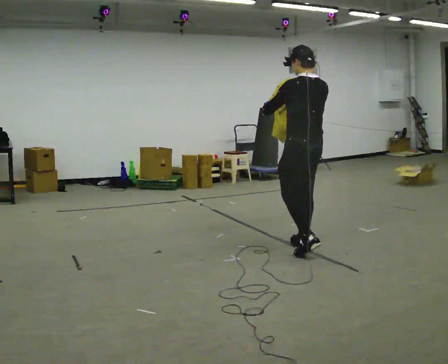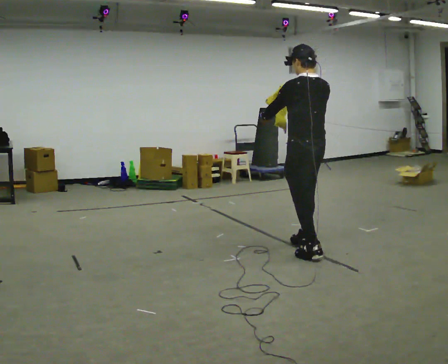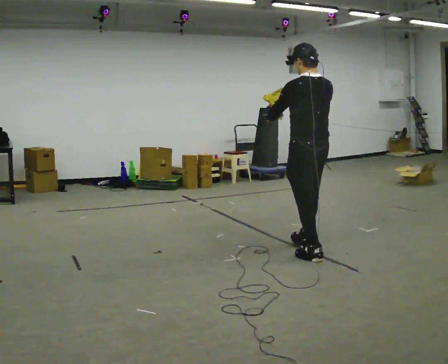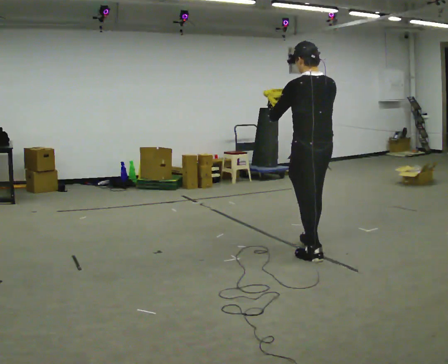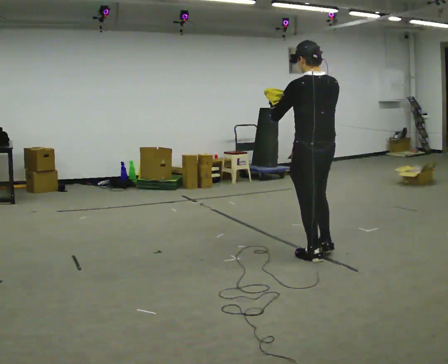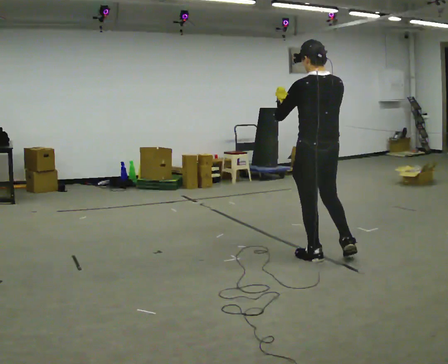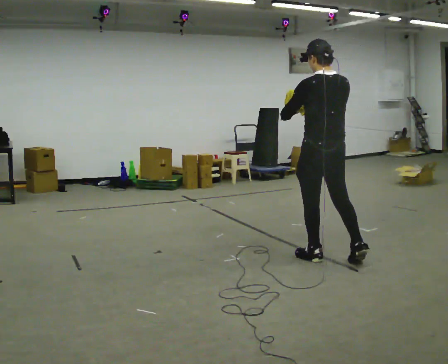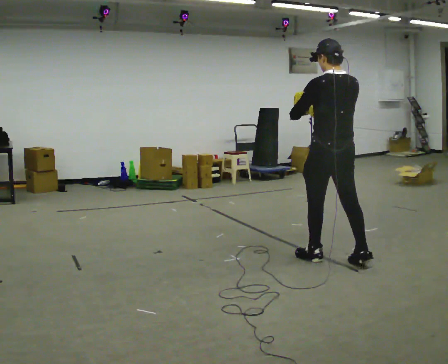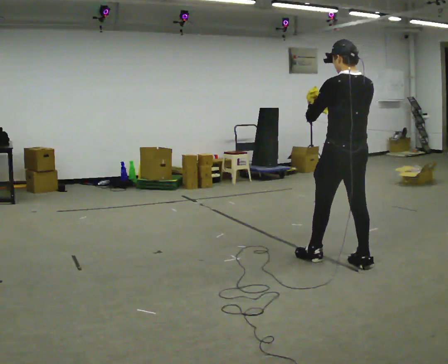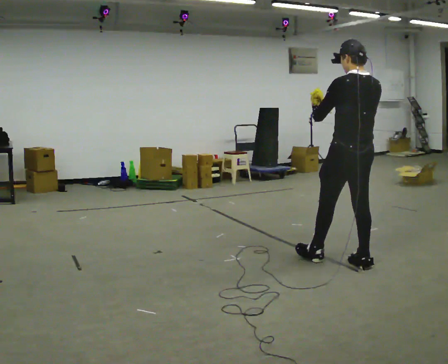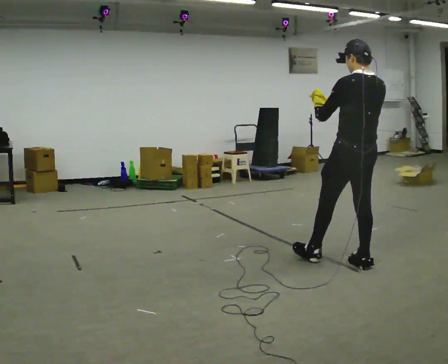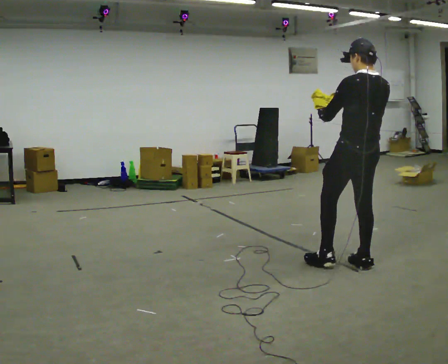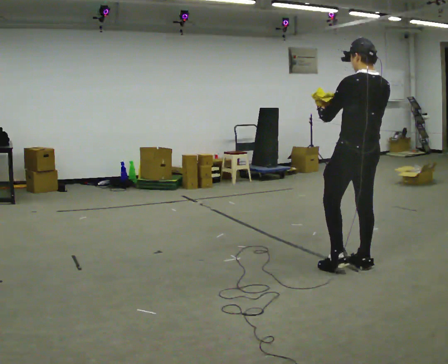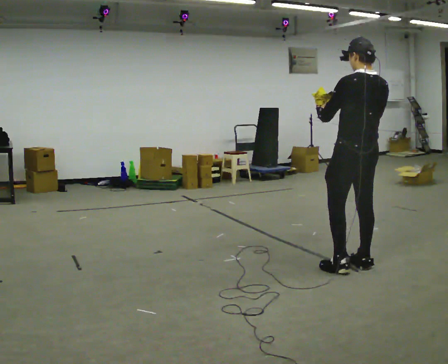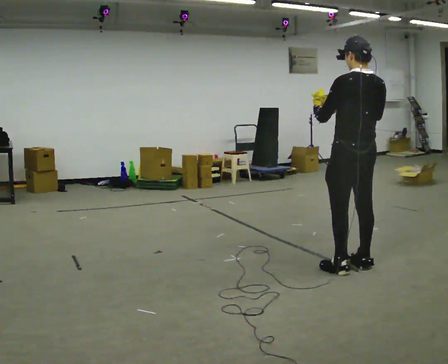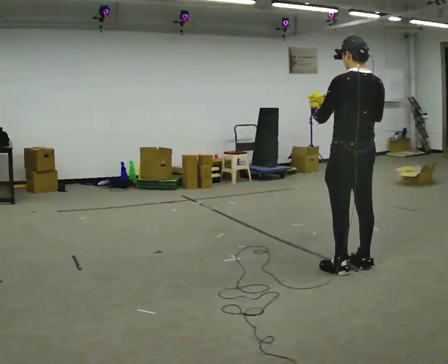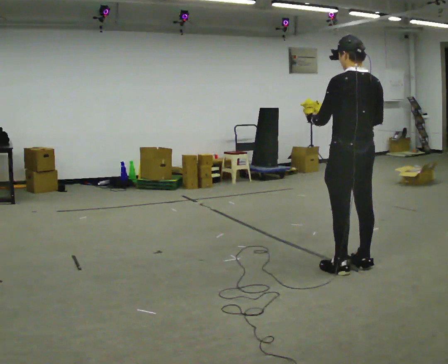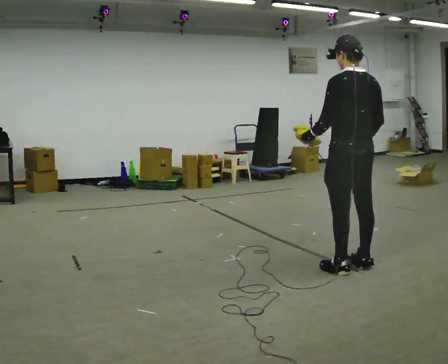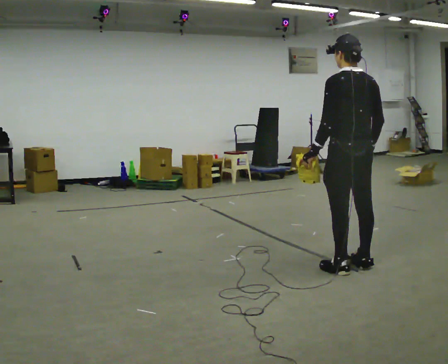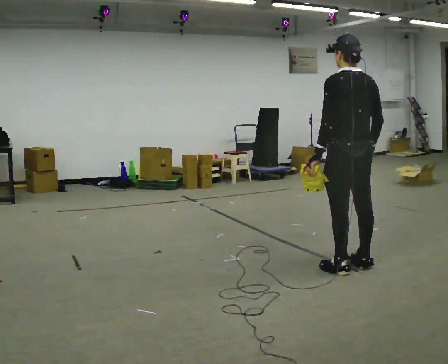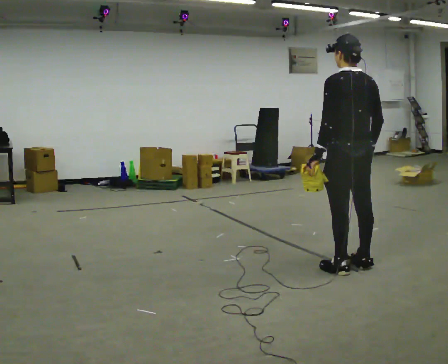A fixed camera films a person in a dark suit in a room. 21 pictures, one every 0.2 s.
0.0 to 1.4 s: In the picture they go to the right and toward the camera, about 0.5 m in 1 step, which for them is backward.
1.4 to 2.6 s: In the picture they go to the right, about 0.25 m in 1 step, which for them is backward.
2.6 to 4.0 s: In the picture their right hand goes downward.
The film runs backward here.
